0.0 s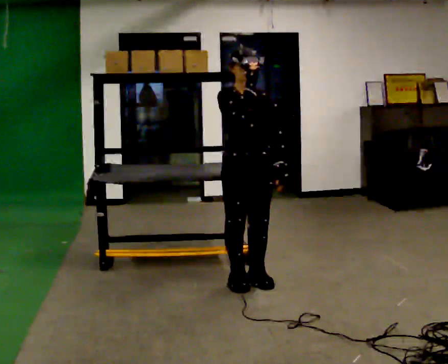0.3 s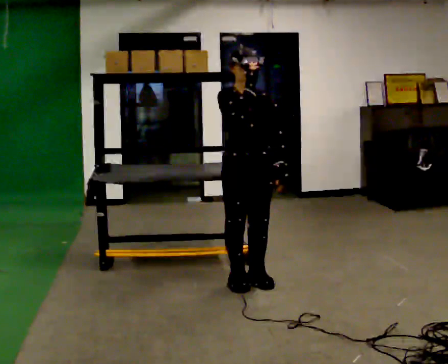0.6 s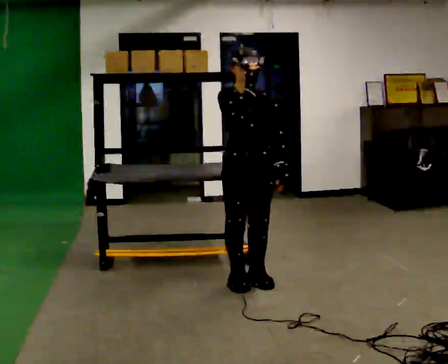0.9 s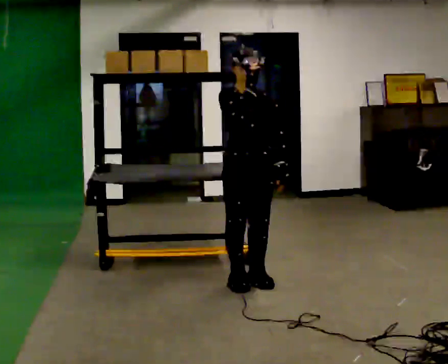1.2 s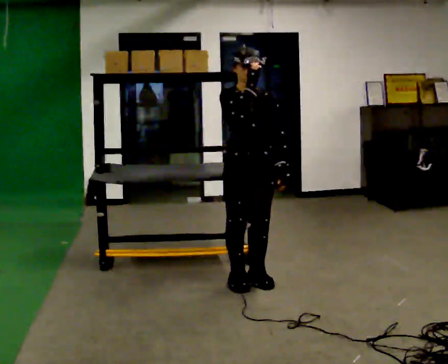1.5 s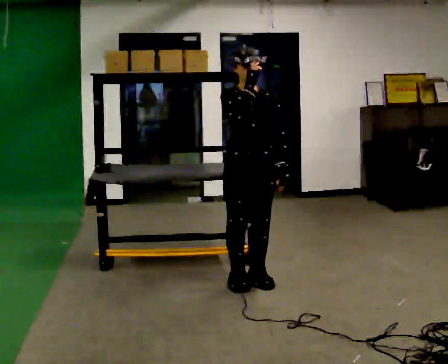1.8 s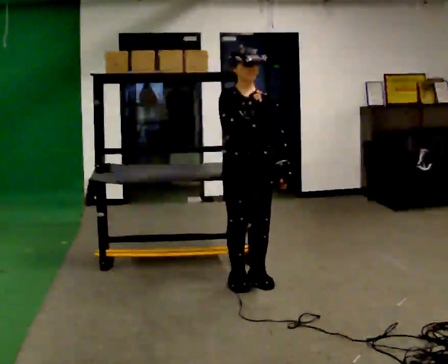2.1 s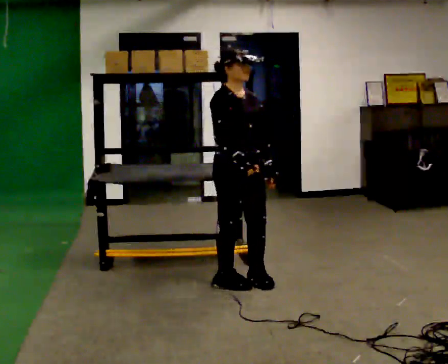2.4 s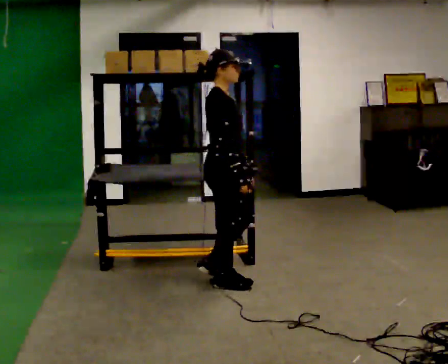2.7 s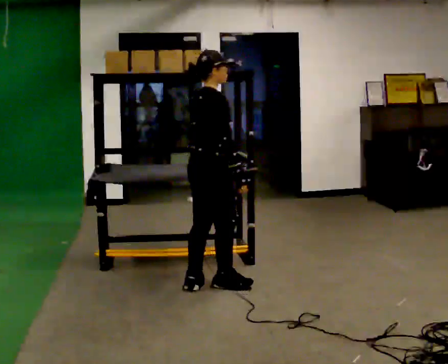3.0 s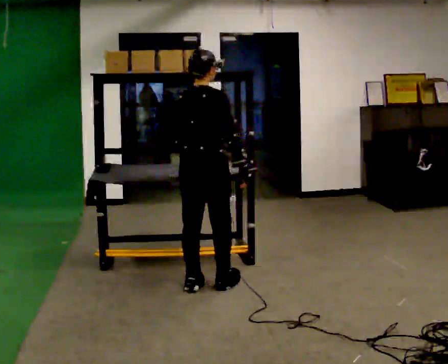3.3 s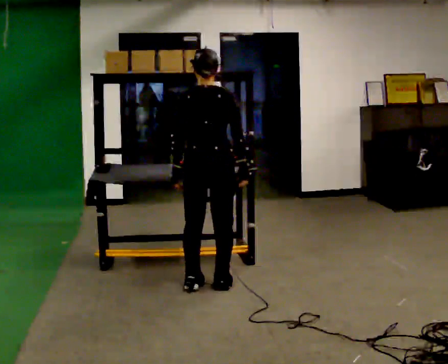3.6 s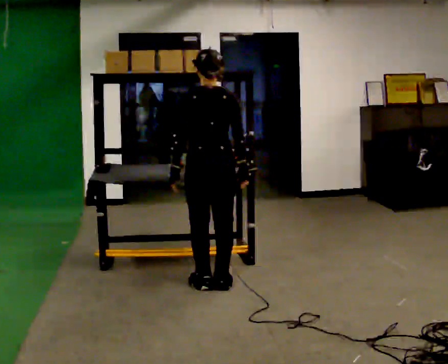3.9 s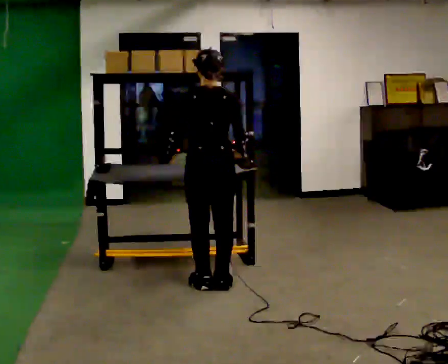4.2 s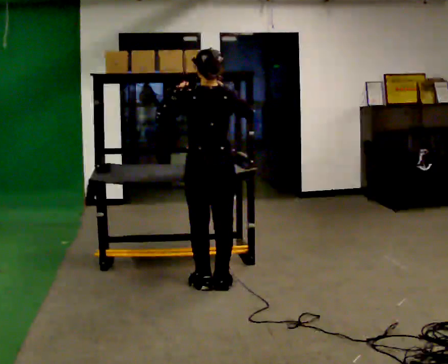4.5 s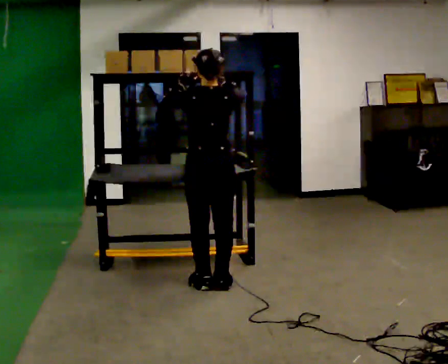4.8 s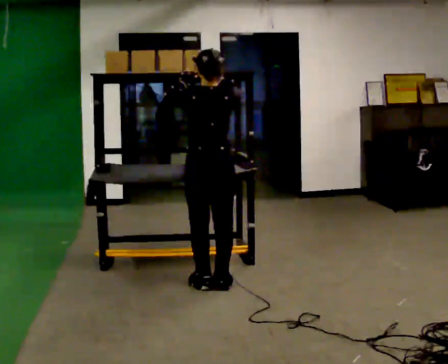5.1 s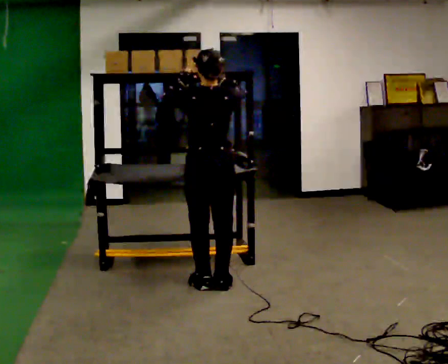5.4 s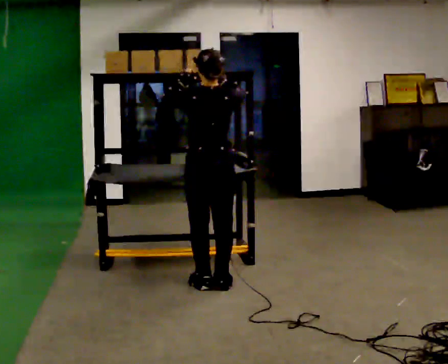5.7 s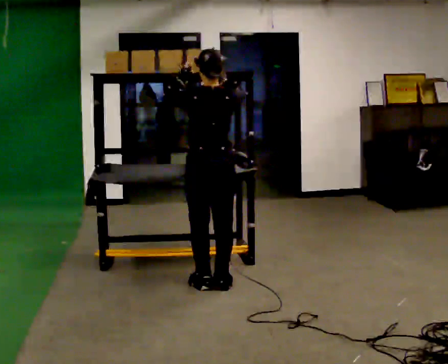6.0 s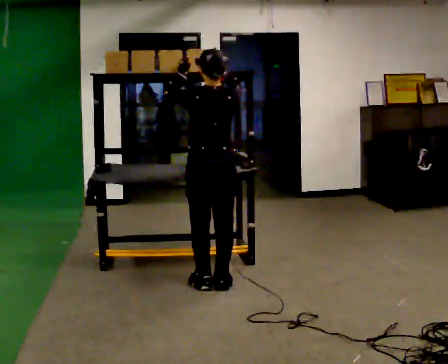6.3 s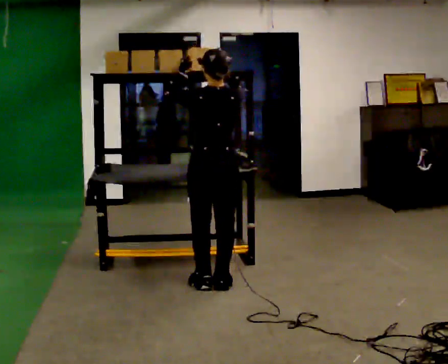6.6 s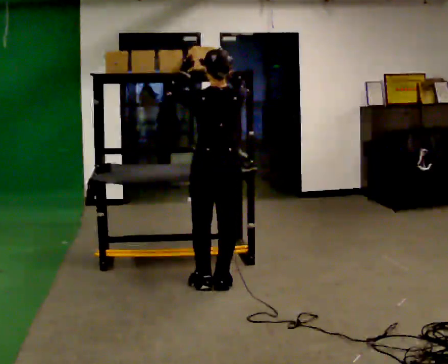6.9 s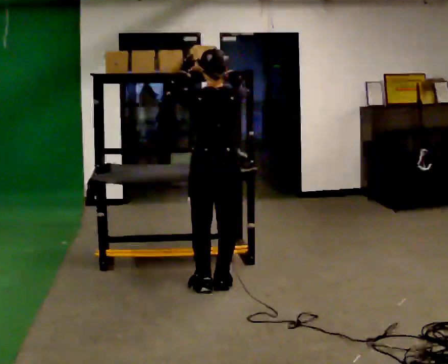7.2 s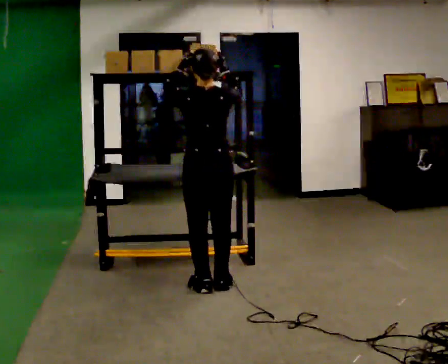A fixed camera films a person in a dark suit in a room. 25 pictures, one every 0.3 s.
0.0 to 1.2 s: The person keeps their place and pose.
1.2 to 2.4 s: The person turns about 60 degrees to their left, counterclockwise seen from above, so the part of the body nearest the lens slides to the right. In the picture their right hand goes downward.
2.4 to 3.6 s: Seen from above the body turns counterclockwise, about 120 degrees: to their left, with its near side sliding to the right. In the picture their left hand goes to the left, the arm swinging clockwise.
3.6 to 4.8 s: In the picture their right hand goes upward.
4.8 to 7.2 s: The person moves a little, or ends about where they began.
The film runs backward here.
